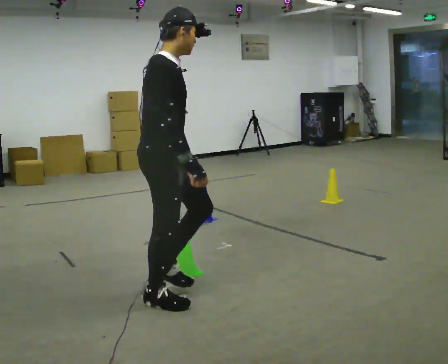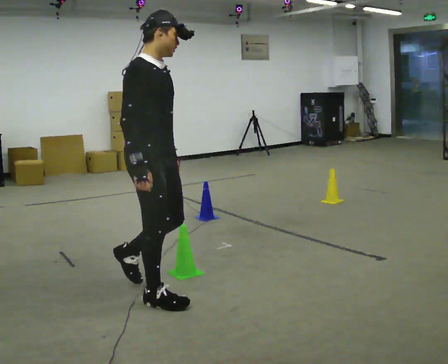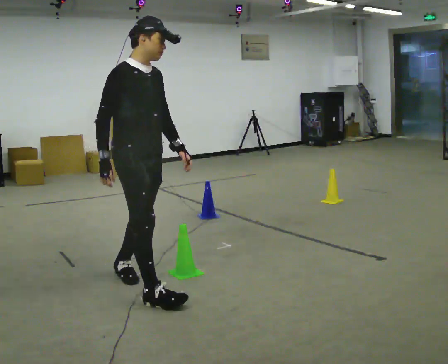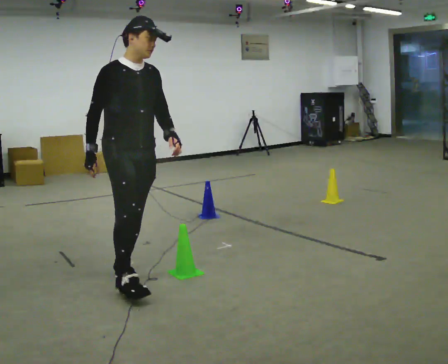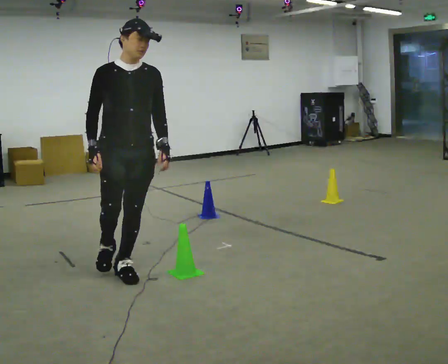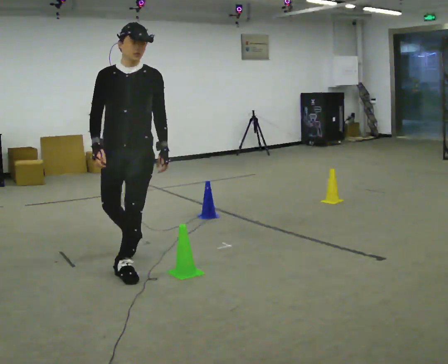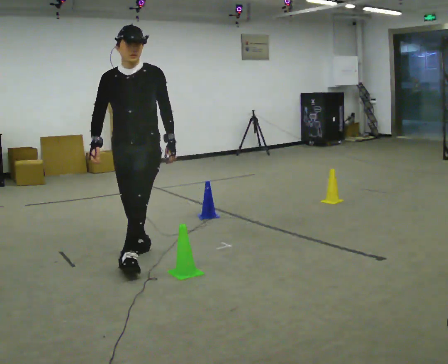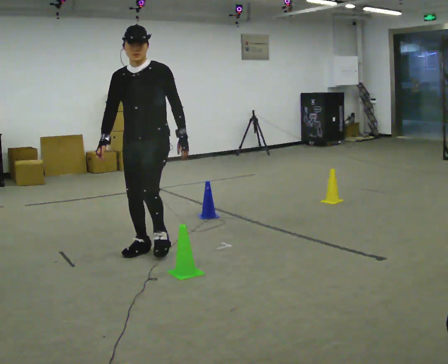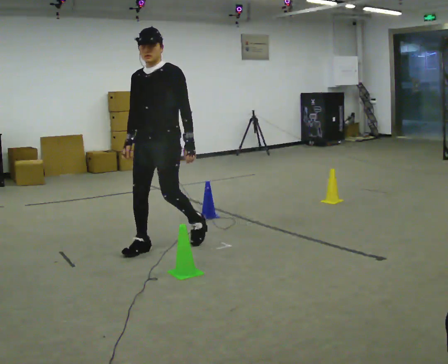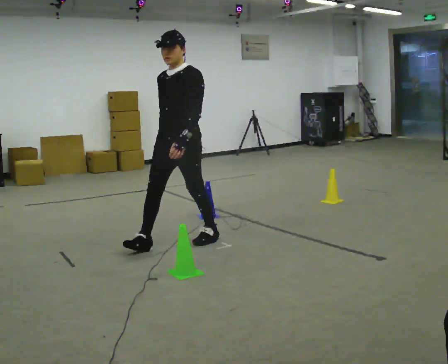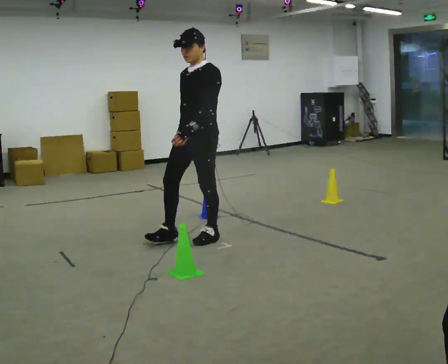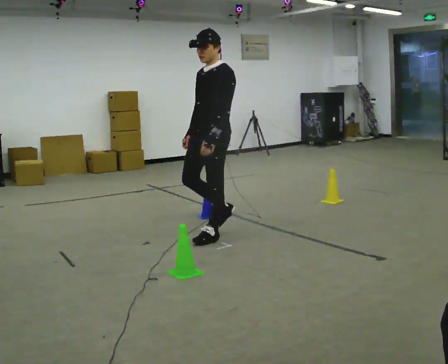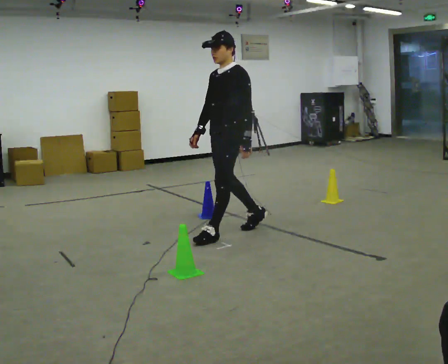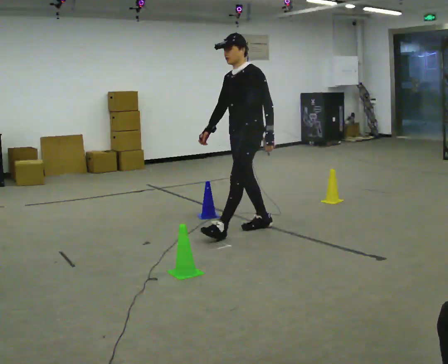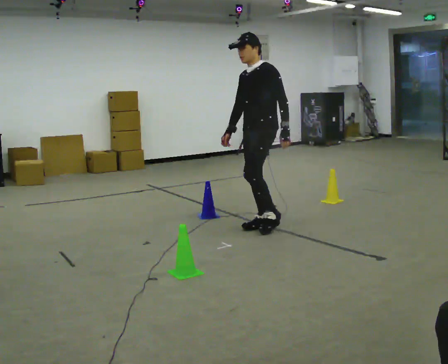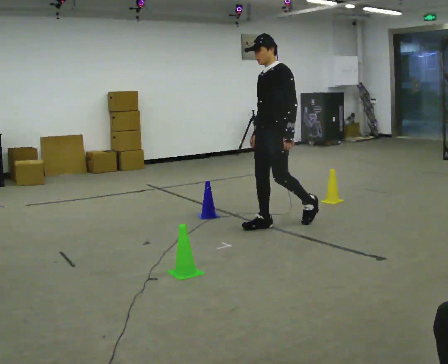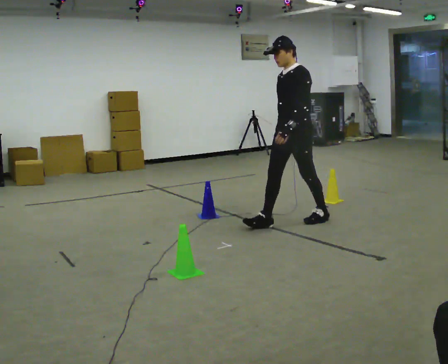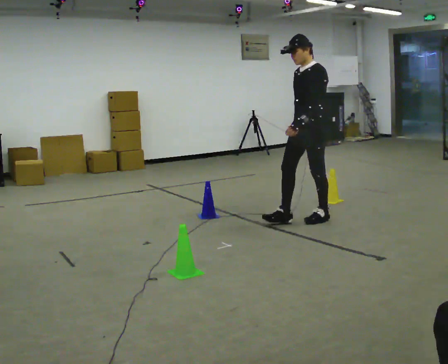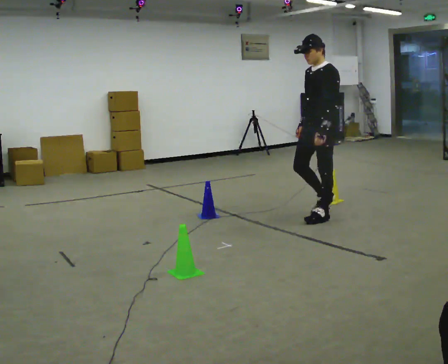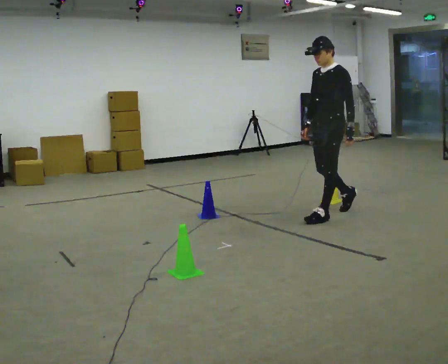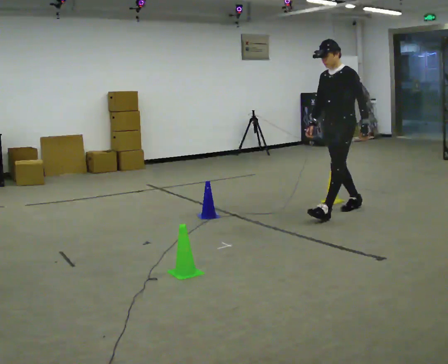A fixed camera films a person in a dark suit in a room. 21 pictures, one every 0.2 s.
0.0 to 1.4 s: The part of the body nearest the lens slides to the left as the person turns to their right by about 105 degrees. In the picture they go away from the camera, about 1 m in 2 steps.
1.4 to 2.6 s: The person turns about 45 degrees to their right, clockwise seen from above, so the part of the body nearest the lens slides to the left. In the picture they go to the right and away from the camera, about 1 m in 2 steps, which for them is backward.
2.6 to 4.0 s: In the picture they go to the right and away from the camera, about 1 m in 1 step, which for them is backward.
The film runs backward here.
